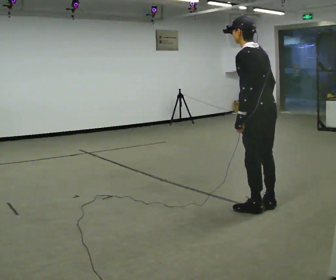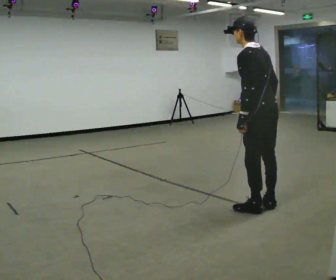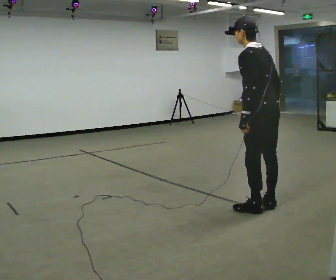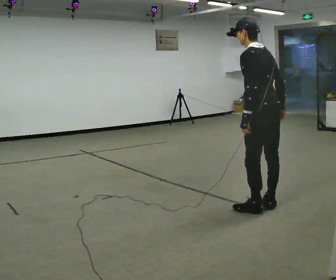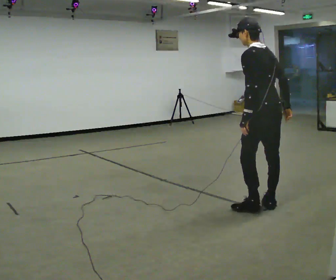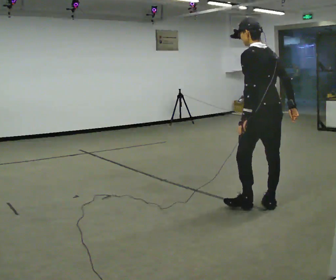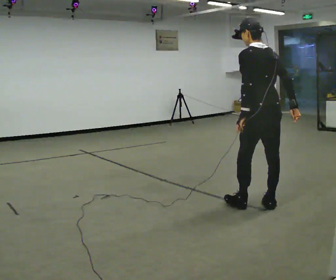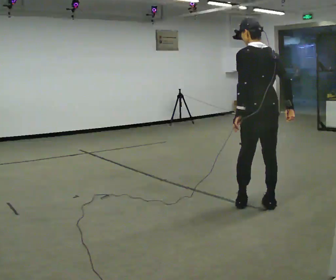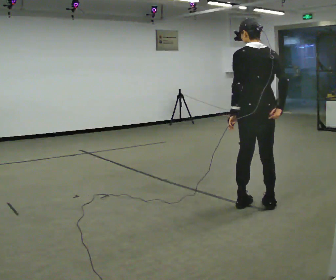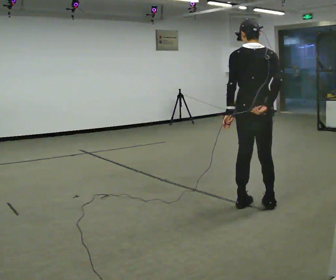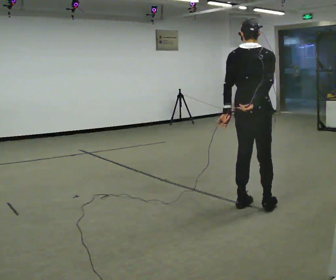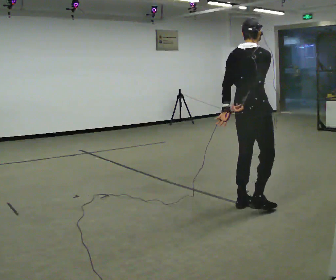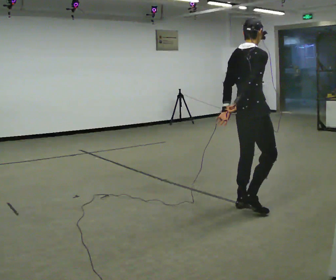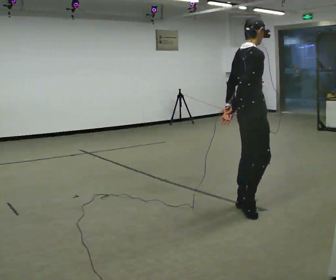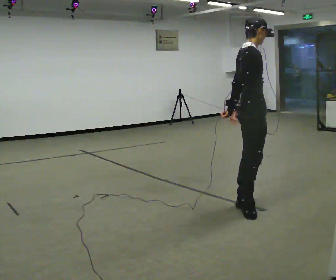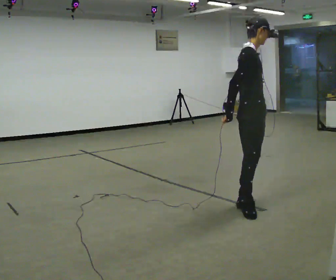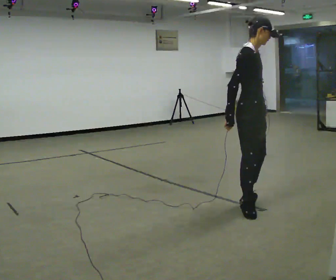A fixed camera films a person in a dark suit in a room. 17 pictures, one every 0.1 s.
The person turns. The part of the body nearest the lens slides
to the left.
The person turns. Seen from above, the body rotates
clockwise.
0.0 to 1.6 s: Seen from above the body turns clockwise, about 150 degrees: to their right, with its near side sliding to the left. In the picture they go to the left, about 0.25 m in 3 steps. In the picture the upper body tilts clockwise, shoulders to the right. In the picture their right hand goes to the left.
The film runs backward here.
